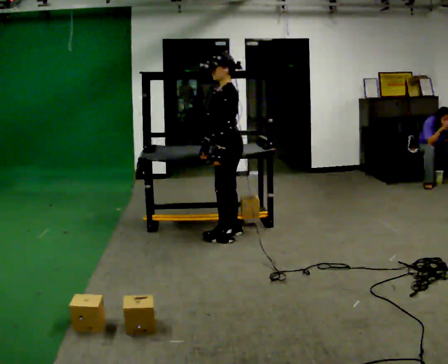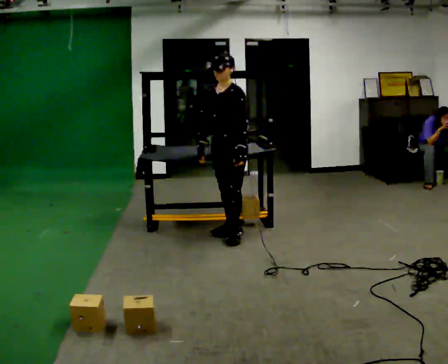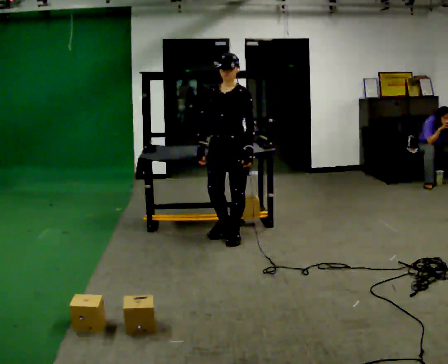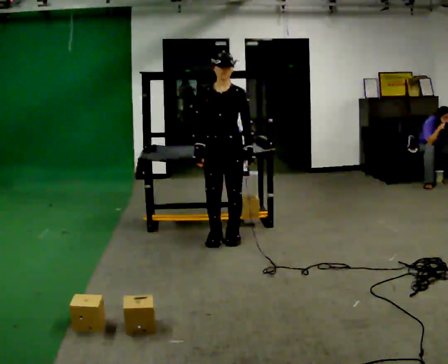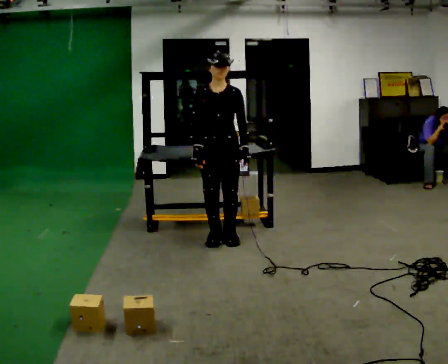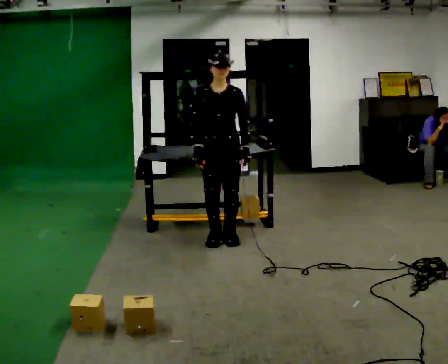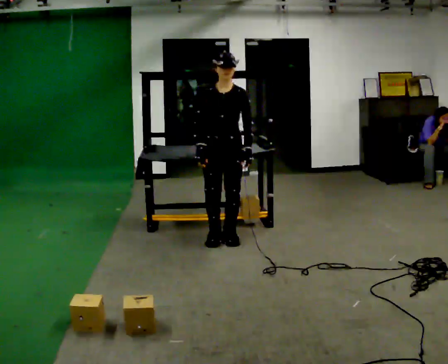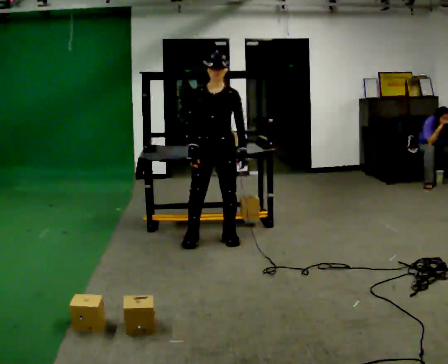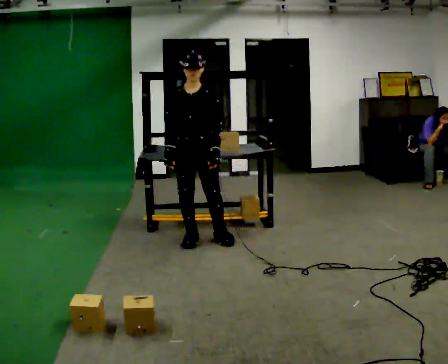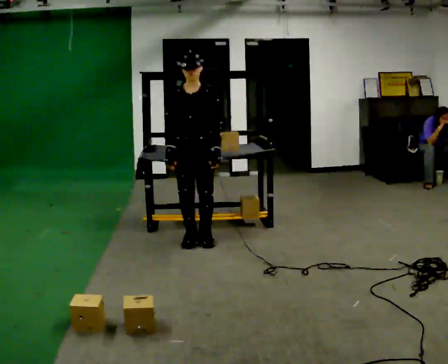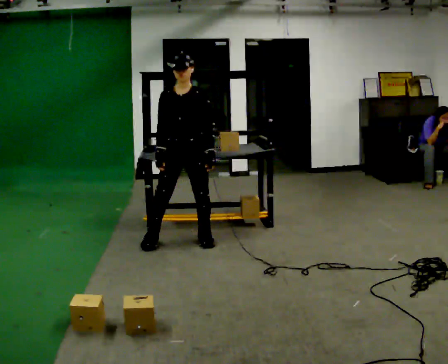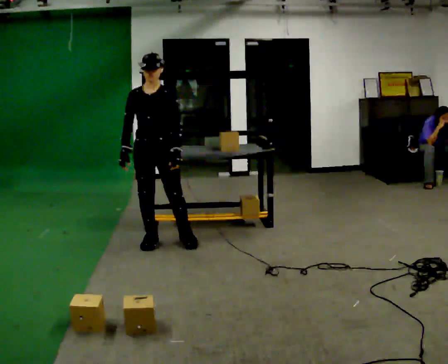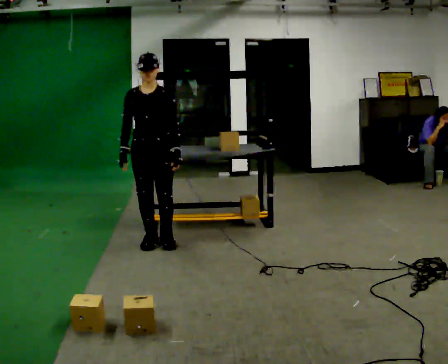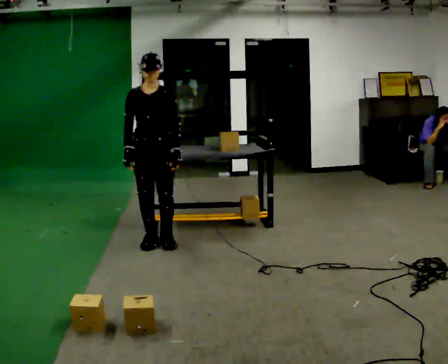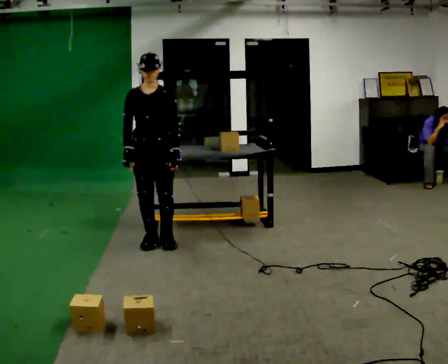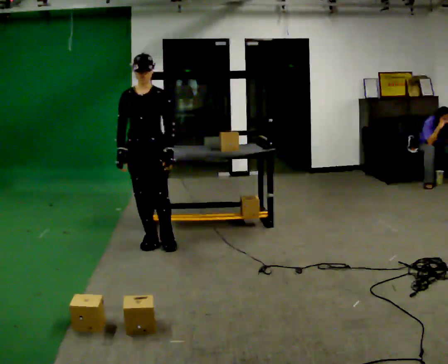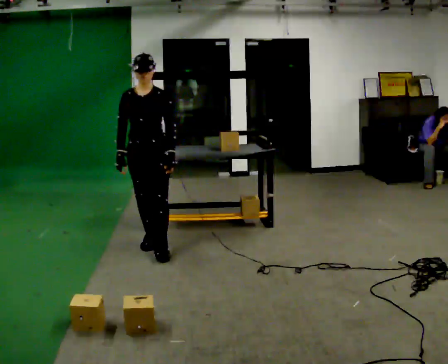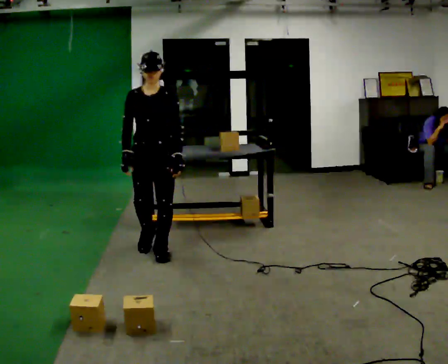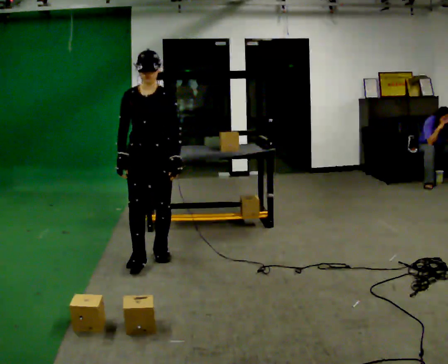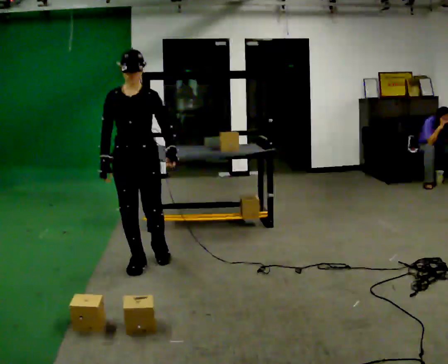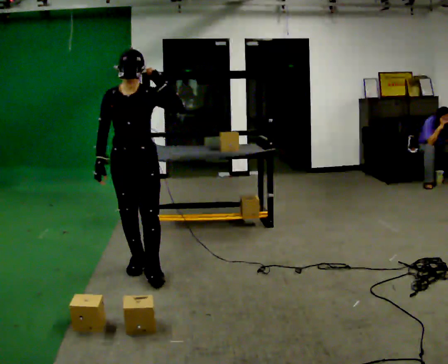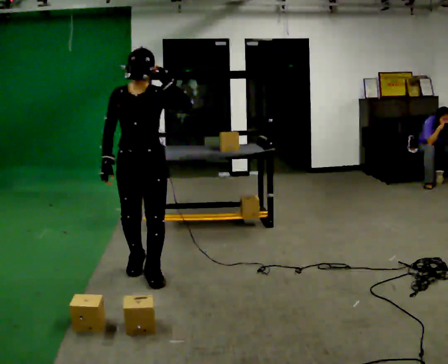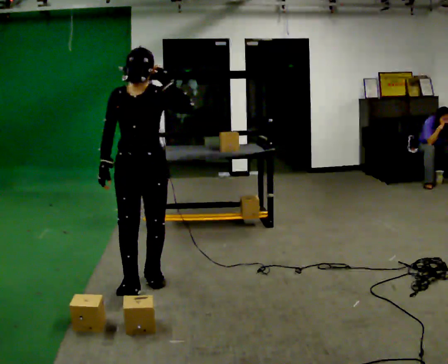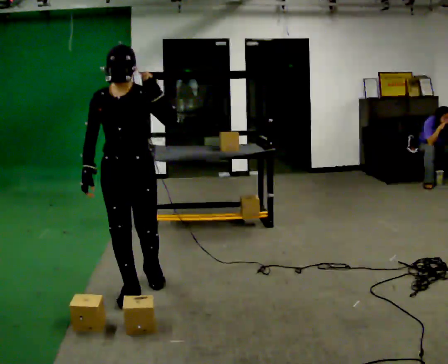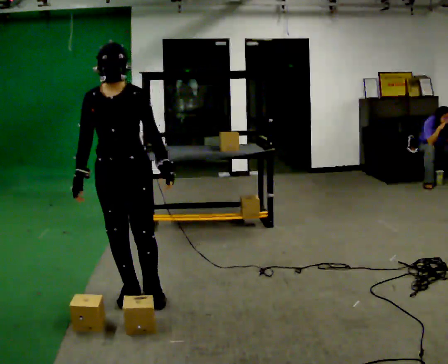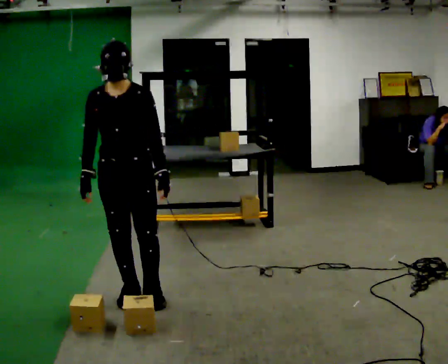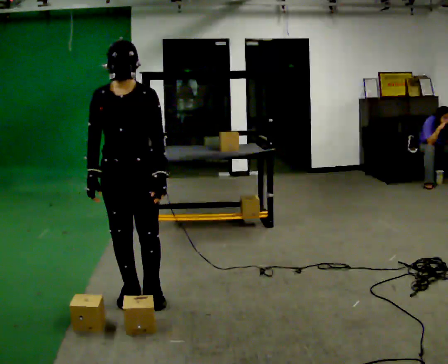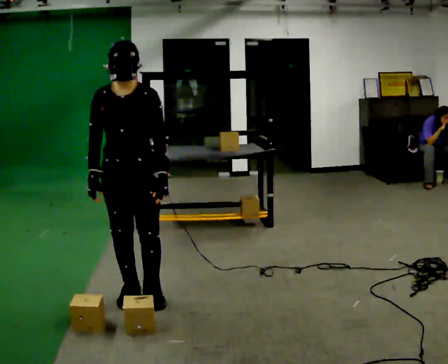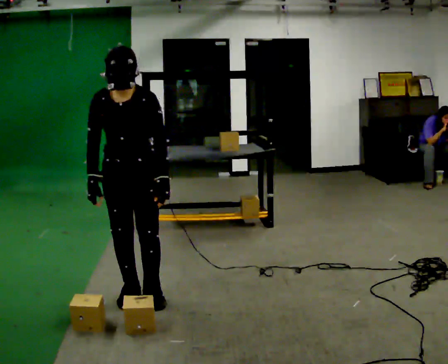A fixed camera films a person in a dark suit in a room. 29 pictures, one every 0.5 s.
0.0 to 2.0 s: The person turns about 75 degrees to their left, counterclockwise seen from above, so the part of the body nearest the lens slides to the right. In the picture they go toward the camera, about 0.25 m in 2 steps.
2.0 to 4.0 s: In the picture they go to the left, about 0.25 m in 1 step, which for them is to their right.
4.0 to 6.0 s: In the picture they go to the left, about 0.25 m in 3 steps, which for them is to their right.
6.0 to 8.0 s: The person moves a little, or ends about where they began.
8.0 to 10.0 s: In the picture they go toward the camera, about 0.5 m in 2 steps, which for them is forward. In the picture their left hand goes upward.
10.0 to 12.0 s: In the picture they go toward the camera, about 0.5 m in 2 steps, which for them is forward. In the picture their left hand goes downward.
12.0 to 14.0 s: The upper body tips toward the camera, its near side rolling downward, as they bend forward.
The film runs forward here.
